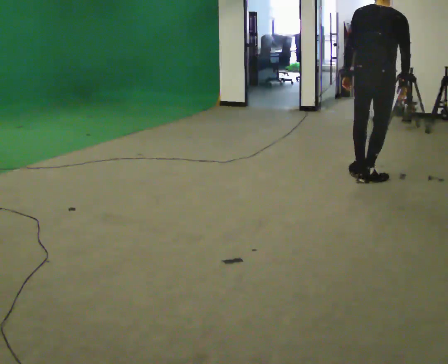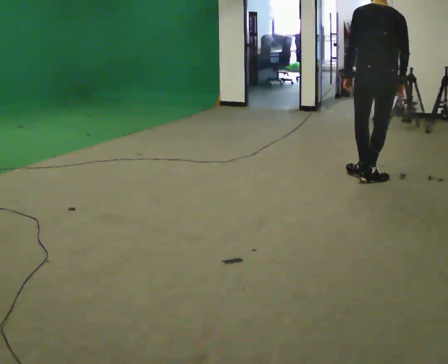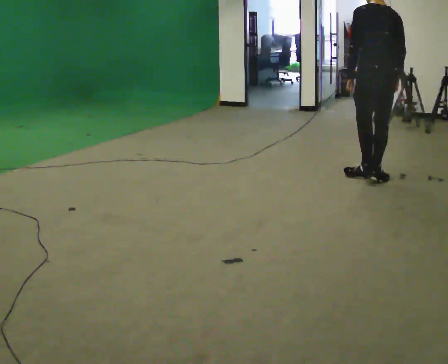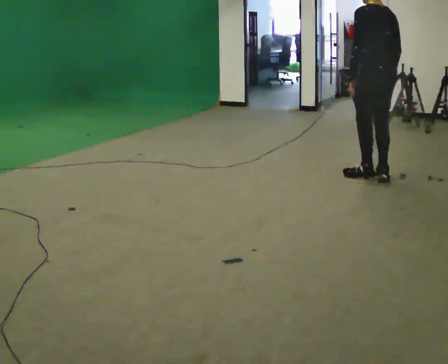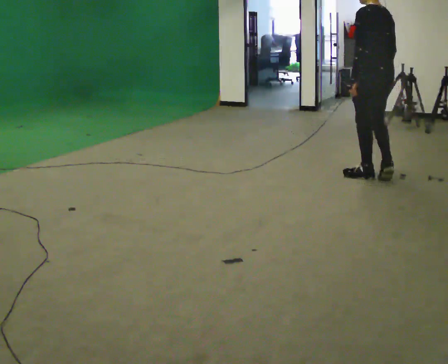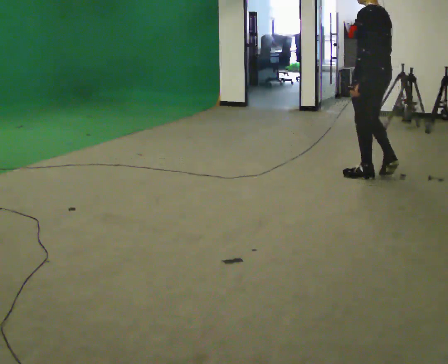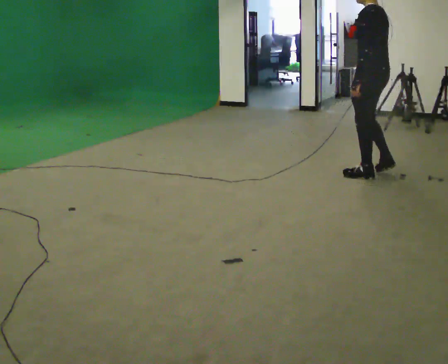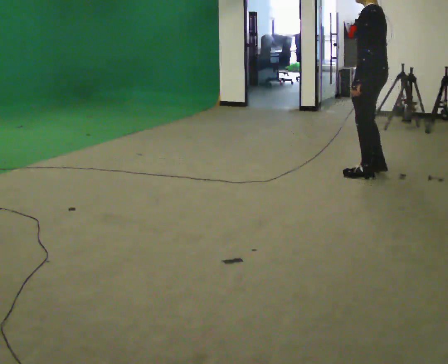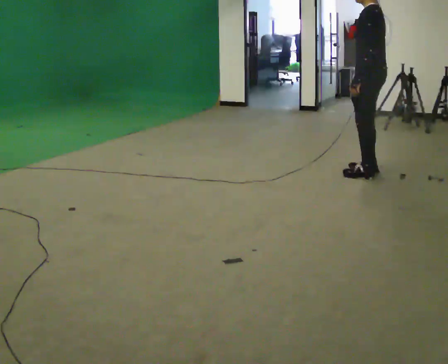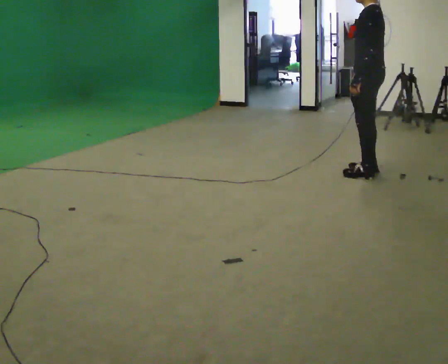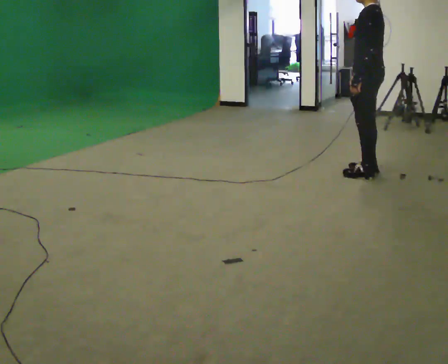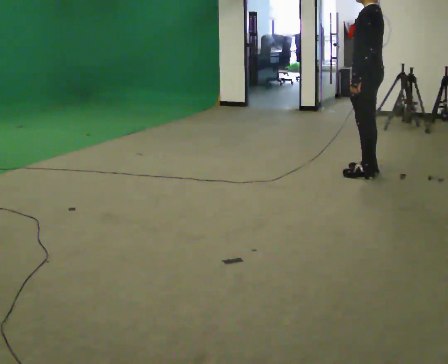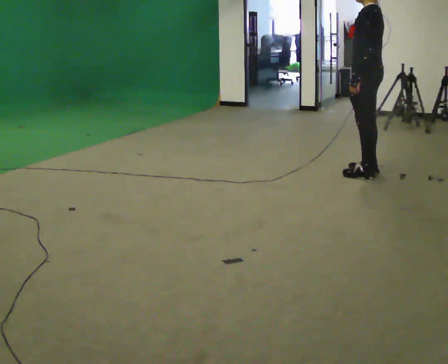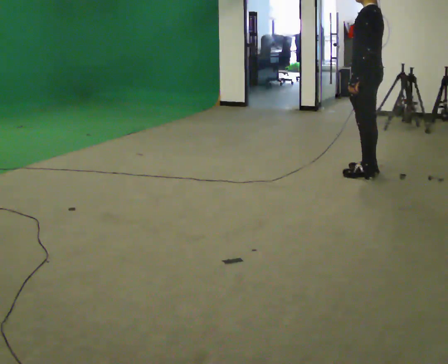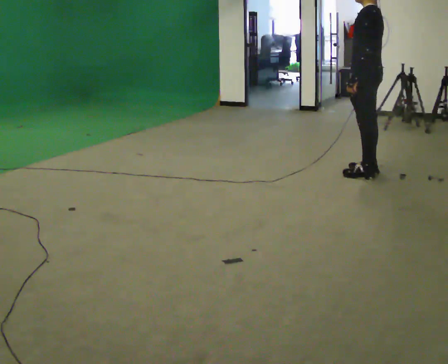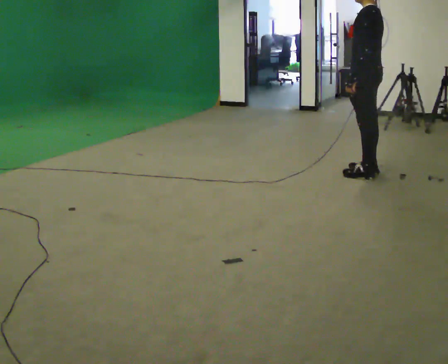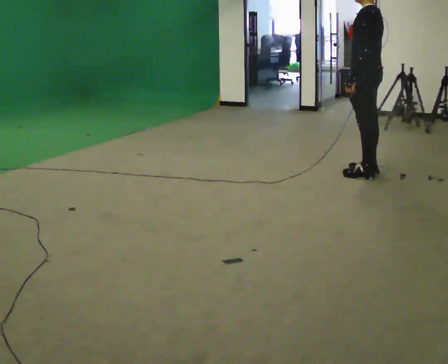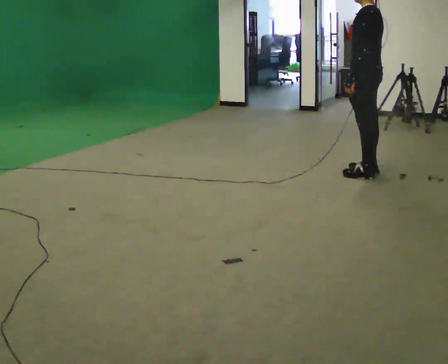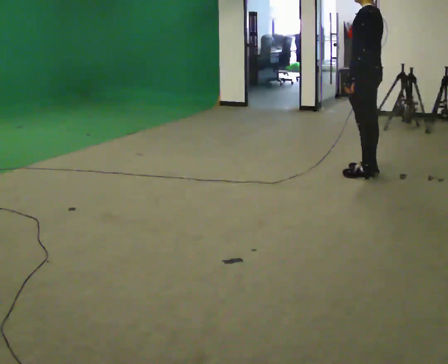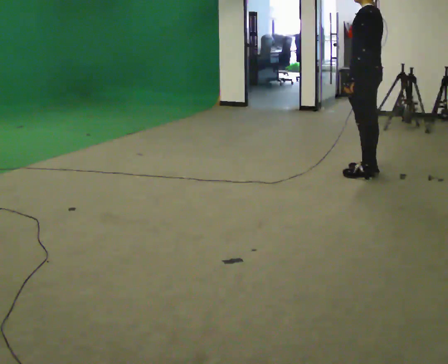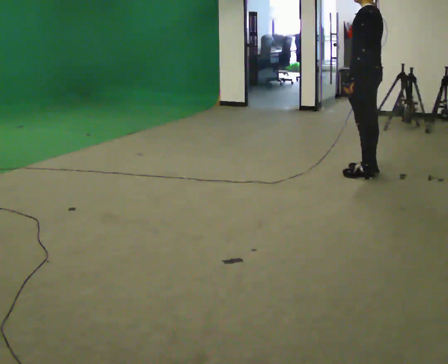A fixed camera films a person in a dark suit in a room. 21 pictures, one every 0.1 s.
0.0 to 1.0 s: Seen from above the body turns counterclockwise, about 90 degrees: to their left, with its near side sliding to the right. In the picture they go away from the camera, about 0.25 m in 2 steps. In the picture their right hand goes to the left.
1.0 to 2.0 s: The person moves a little, or ends about where they began.
The film runs forward here.
